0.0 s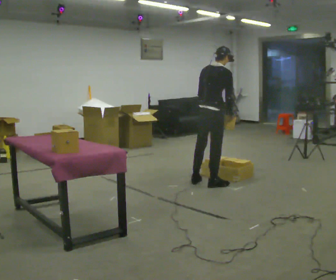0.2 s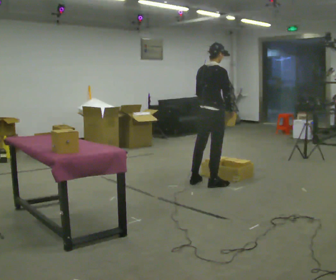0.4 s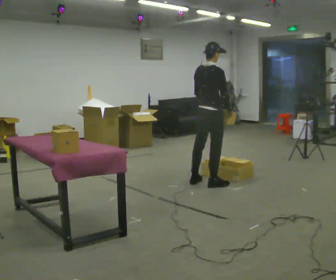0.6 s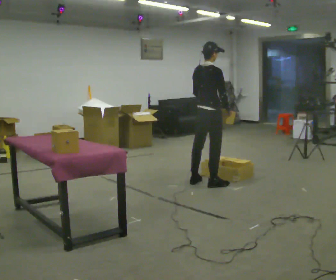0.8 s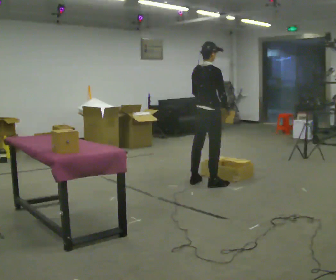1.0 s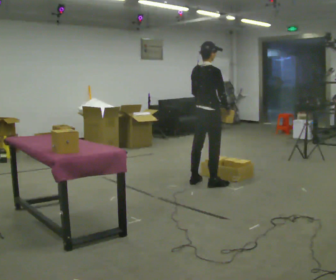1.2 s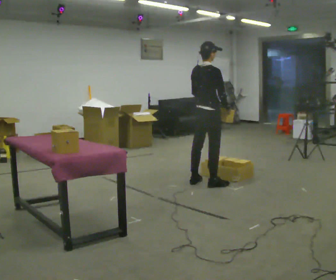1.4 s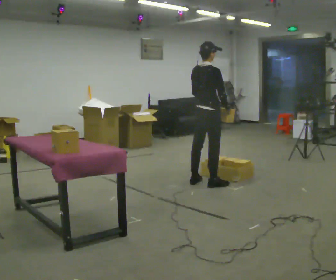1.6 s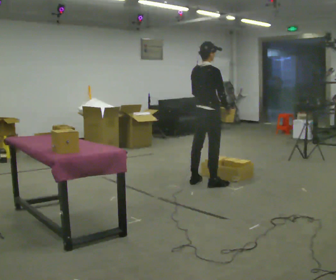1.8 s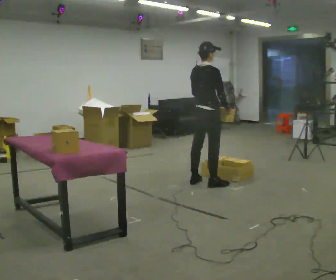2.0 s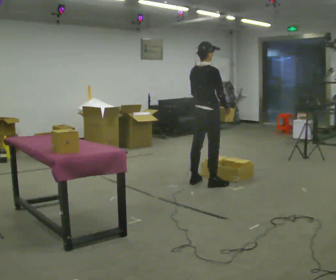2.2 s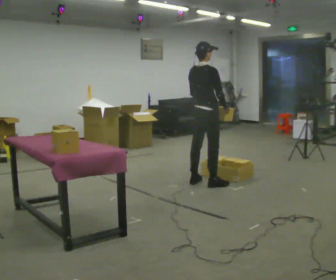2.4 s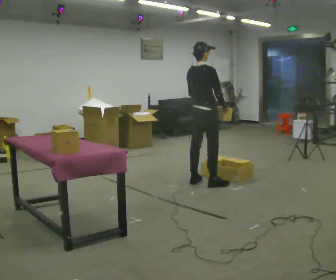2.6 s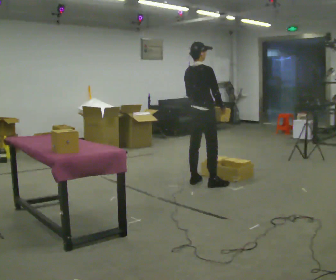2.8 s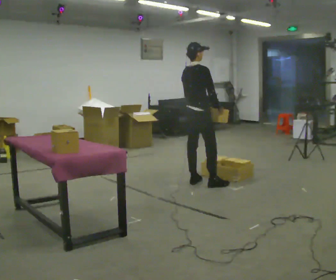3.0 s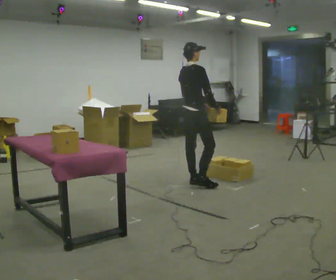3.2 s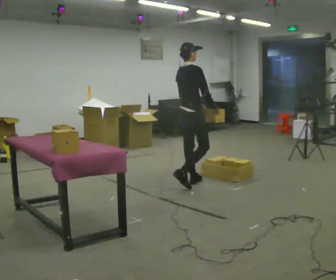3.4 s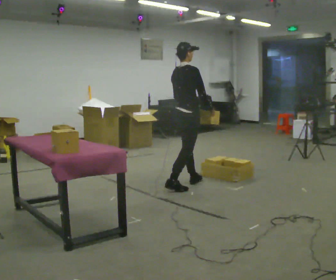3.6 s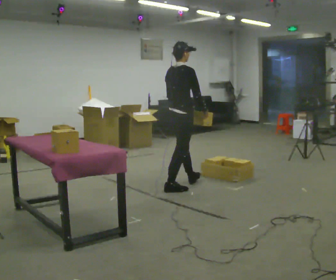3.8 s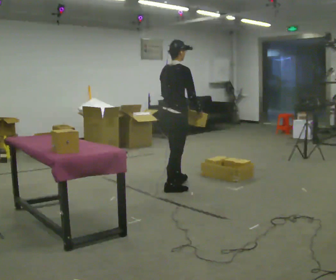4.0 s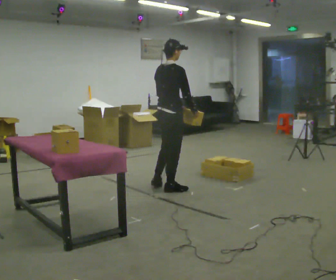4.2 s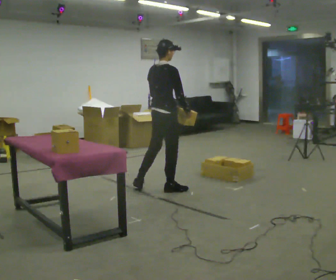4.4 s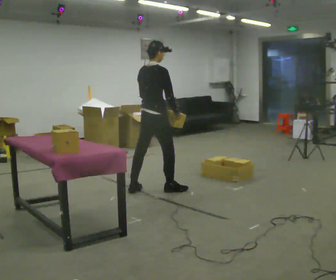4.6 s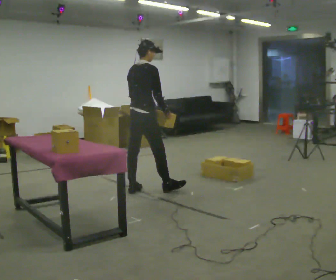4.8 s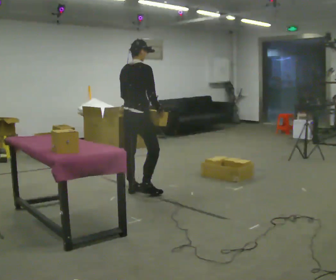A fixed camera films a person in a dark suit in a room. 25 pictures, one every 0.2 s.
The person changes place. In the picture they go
to the left.
0.0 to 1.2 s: In the picture the upper body tilts counterclockwise, shoulders to the left, as they lean back or straighten.
1.2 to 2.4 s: The person moves a little, or ends about where they began.
2.4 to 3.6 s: In the picture they go to the left and toward the camera, about 0.25 m in 1 step, which for them is backward.
3.6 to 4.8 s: In the picture they go to the left, about 0.5 m in 2 steps, which for them is backward and to their left.
The film runs backward here.
